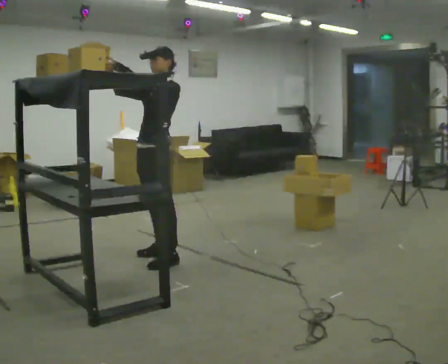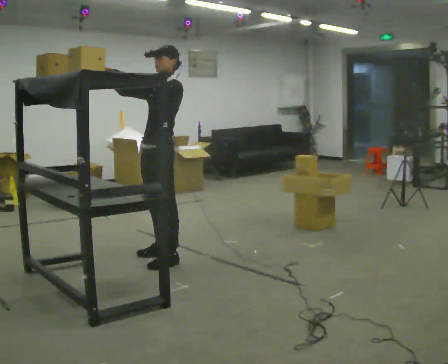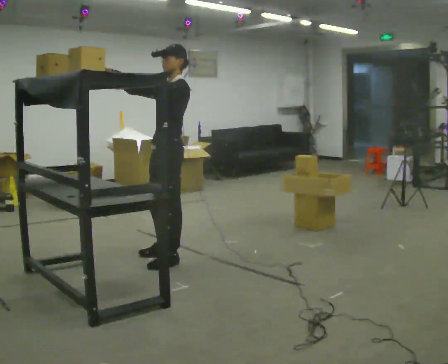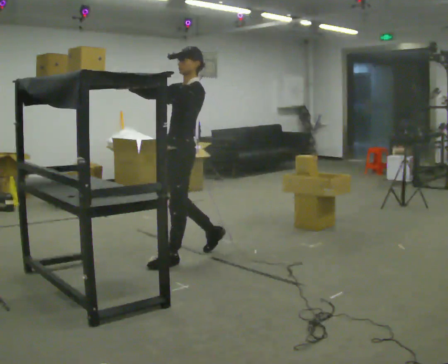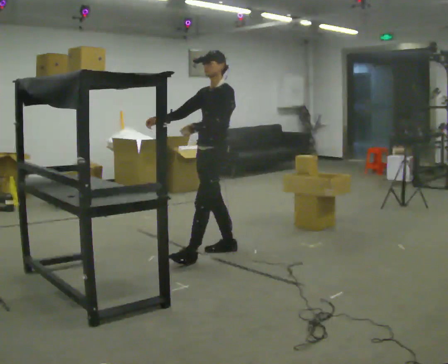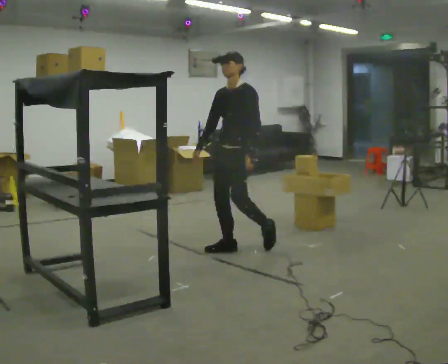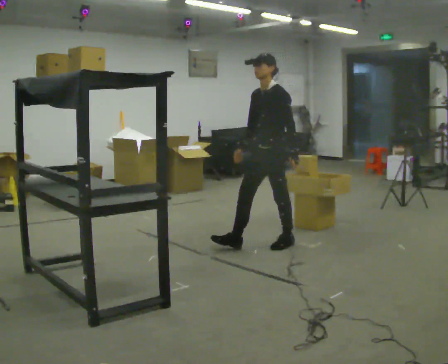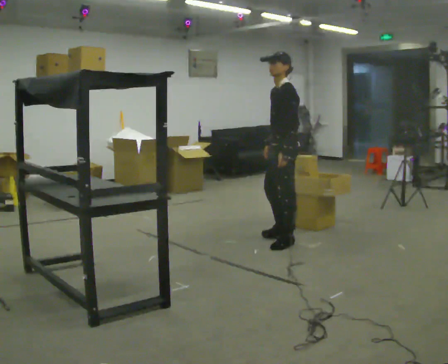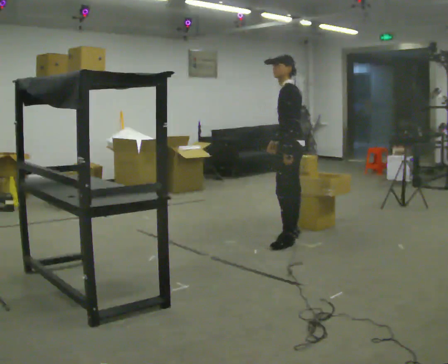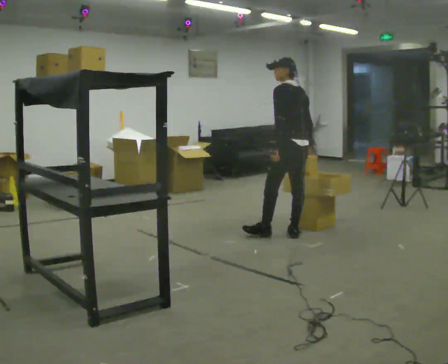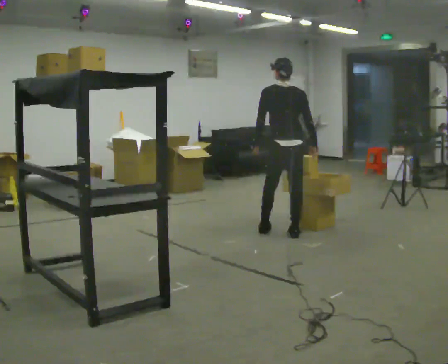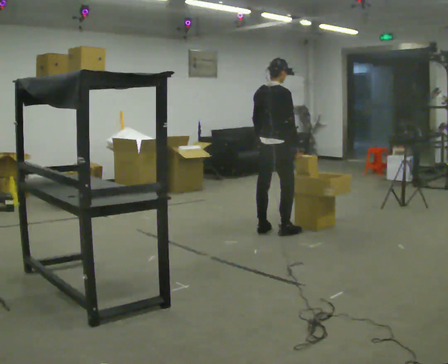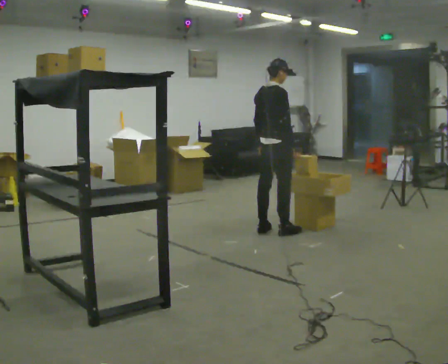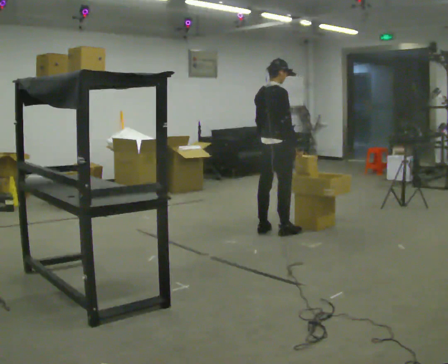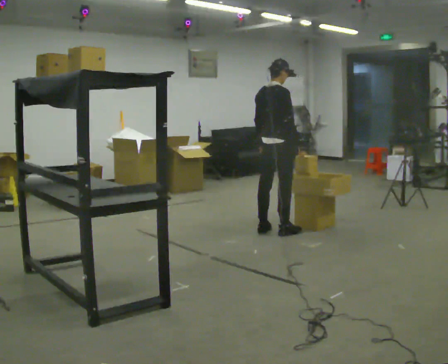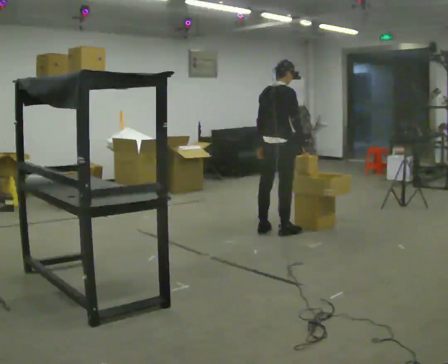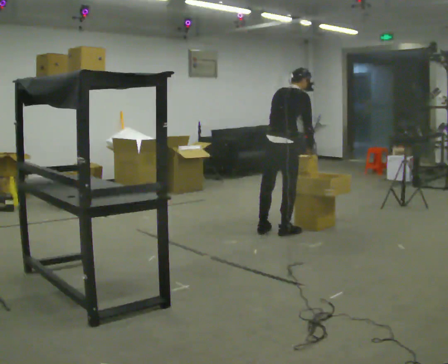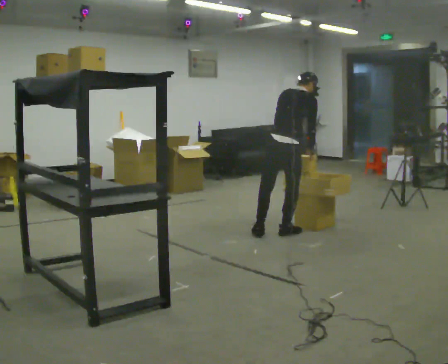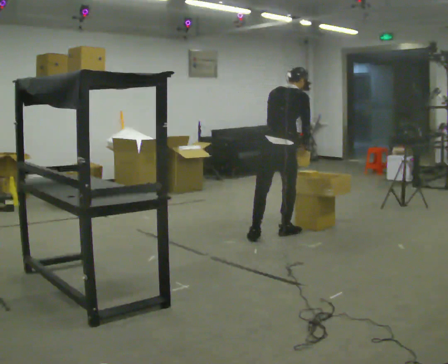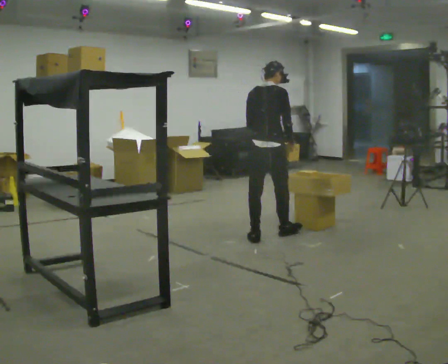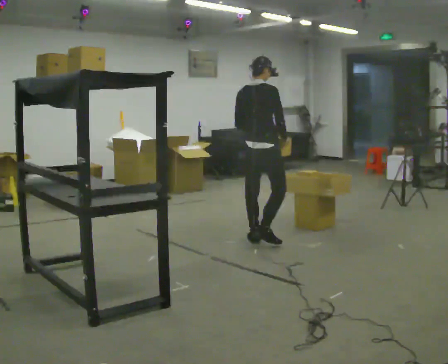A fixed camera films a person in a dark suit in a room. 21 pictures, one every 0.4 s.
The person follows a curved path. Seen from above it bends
counterclockwise.
Their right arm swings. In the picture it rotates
counterclockwise.
0.0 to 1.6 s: In the picture they go to the right and away from the camera, about 0.5 m in 2 steps, which for them is backward. In the picture their right hand goes downward.
1.6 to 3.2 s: The person turns about 45 degrees to their right, clockwise seen from above, so the part of the body nearest the lens slides to the left. In the picture they go to the right and away from the camera, about 1 m in 1 step.
3.2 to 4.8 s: Seen from above the body turns clockwise, about 120 degrees: to their right, with its near side sliding to the left. In the picture they go away from the camera and to the left, about 0.25 m in 2 steps.
4.8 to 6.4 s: The upper body tips away from the camera, its near side rolling upward, as they bend forward.
6.4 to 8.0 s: In the picture they go toward the camera and to the left, about 0.25 m in 2 steps, which for them is backward. In the picture the upper body tilts counterclockwise, shoulders to the left, as they lean back or straighten.
The film runs backward here.
